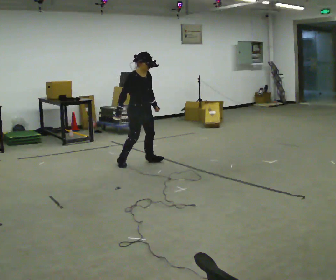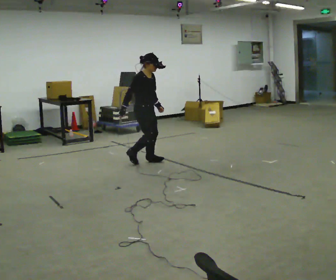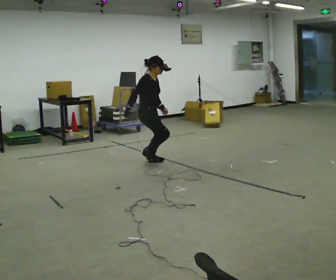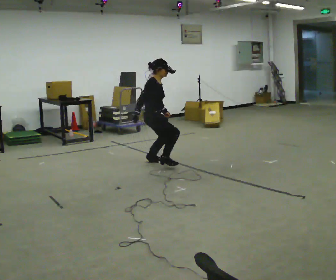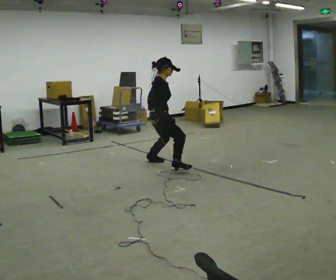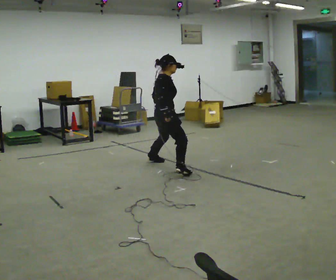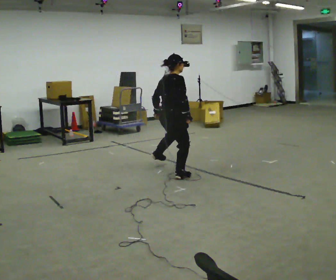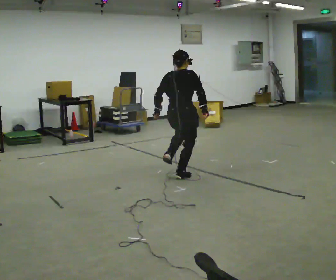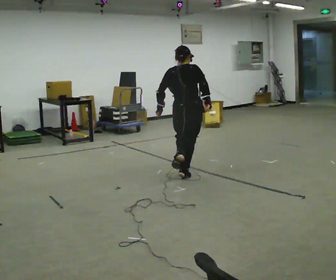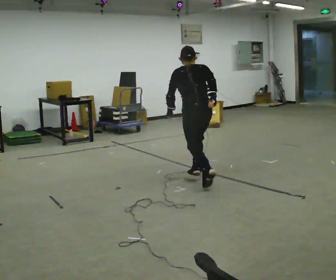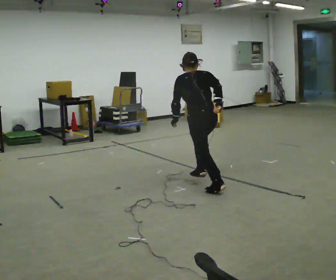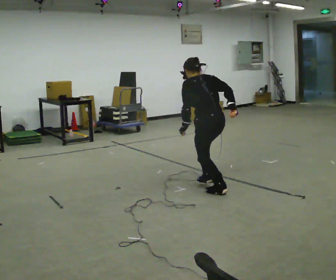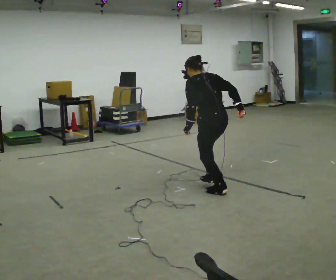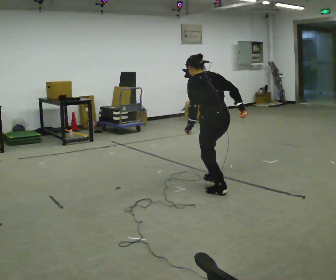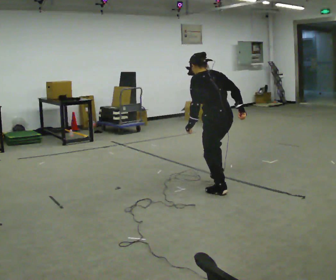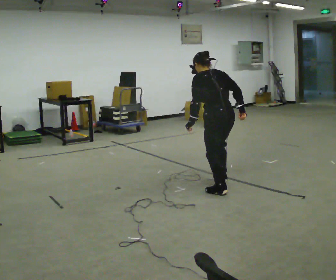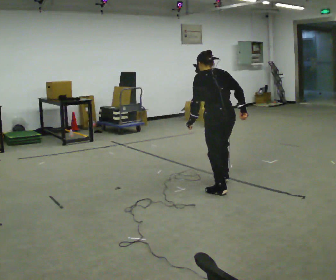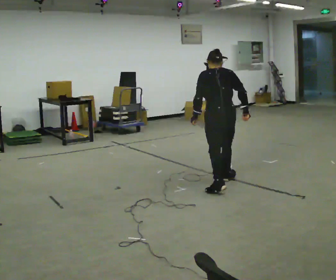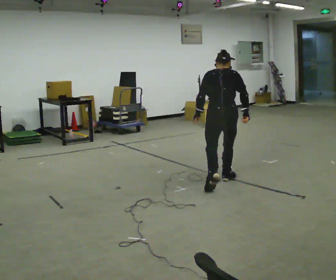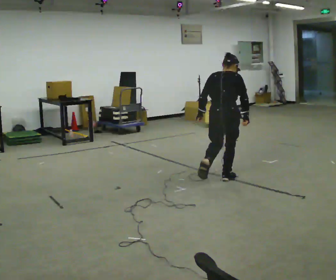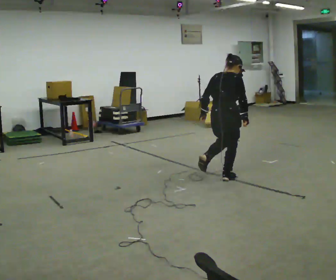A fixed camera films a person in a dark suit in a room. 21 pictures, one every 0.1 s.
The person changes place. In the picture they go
to the right.
0.0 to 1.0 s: Seen from above the body turns counterclockwise, about 150 degrees: to their left, with its near side sliding to the right. In the picture they go toward the camera and to the right, about 1 m in 1 step. The upper body tips away from the camera, its near side rolling upward.
1.0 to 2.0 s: The person turns about 60 degrees to their right, clockwise seen from above, so the part of the body nearest the lens slides to the left. In the picture they go away from the camera and to the right, about 0.25 m in 2 steps. In the picture the upper body tilts clockwise, shoulders to the right.
The film runs forward here.
